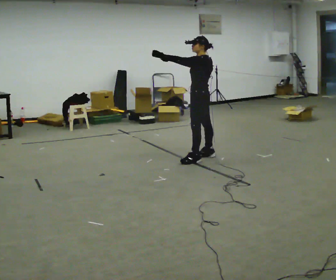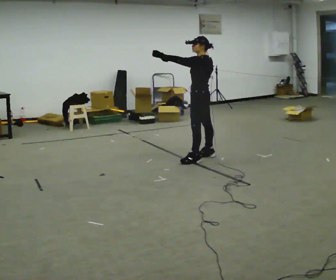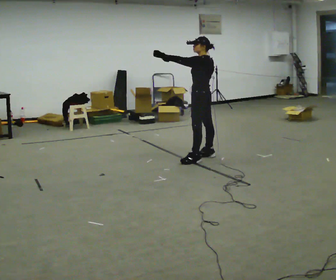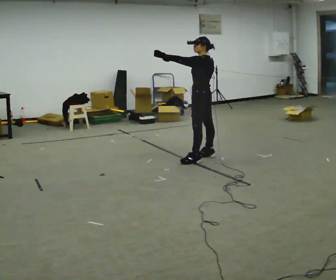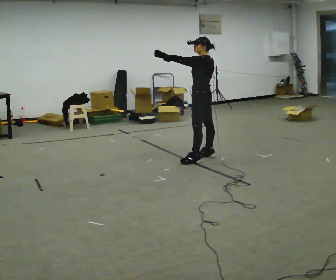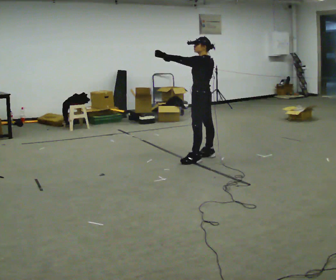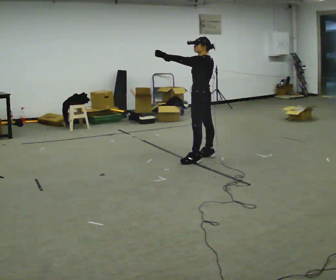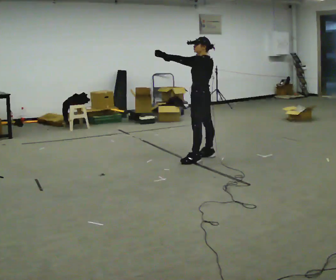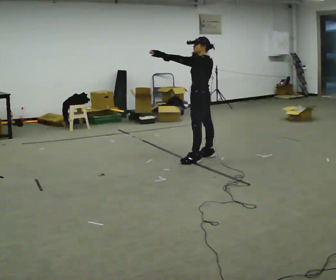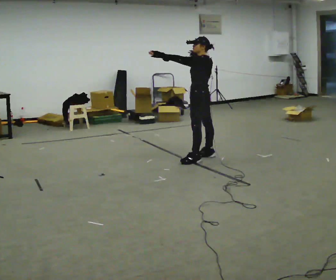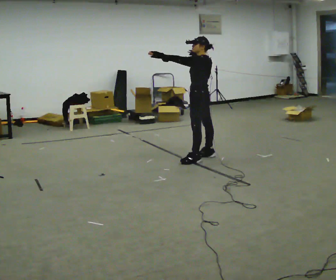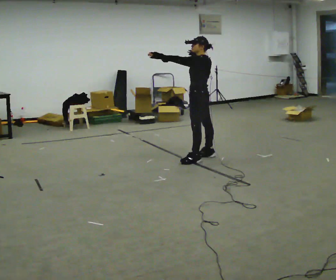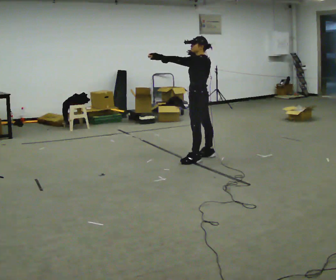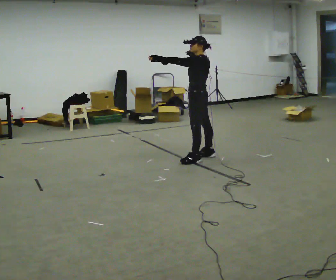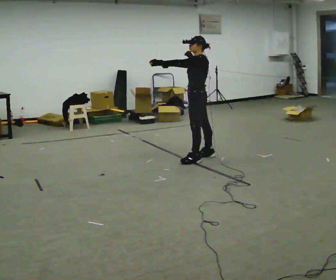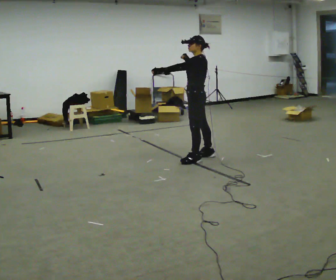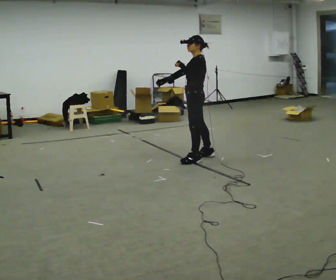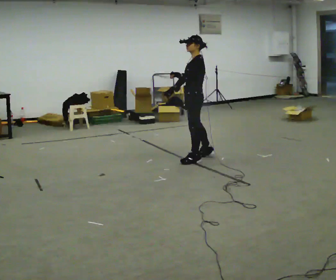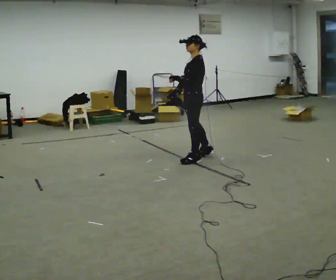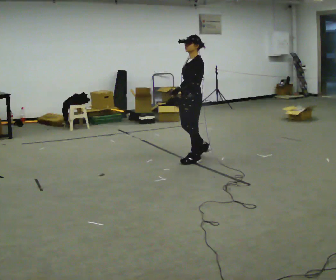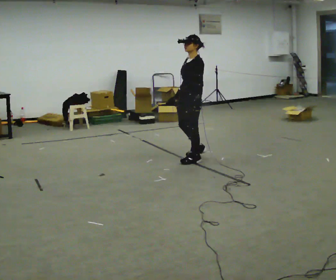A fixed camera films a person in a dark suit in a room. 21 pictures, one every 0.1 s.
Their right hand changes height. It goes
downward.
Their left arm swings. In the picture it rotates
counterclockwise.
0.0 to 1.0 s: The person moves a little, or ends about where they began.
1.0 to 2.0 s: The person turns about 45 degrees to their left, counterclockwise seen from above, so the part of the body nearest the lens slides to the right. In the picture they go toward the camera, about 0.25 m, which for them is to their left. In the picture their left hand goes downward and to the right, the arm swinging counterclockwise.
The film runs forward here.
